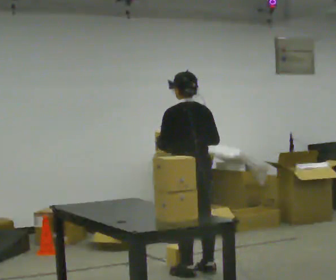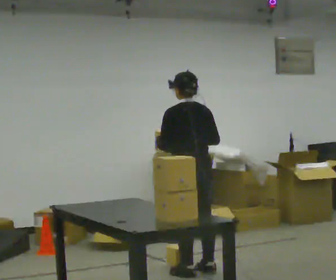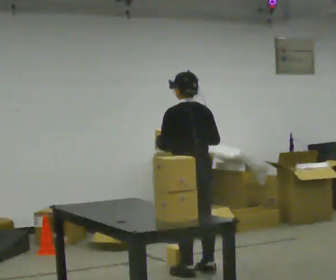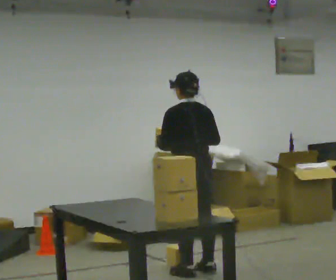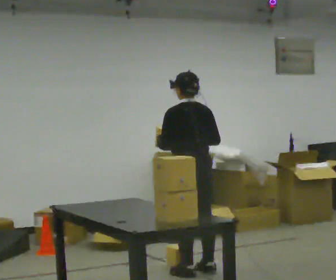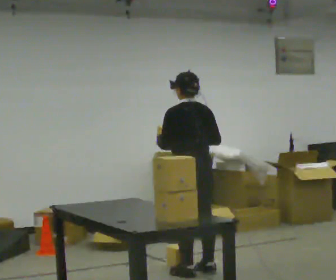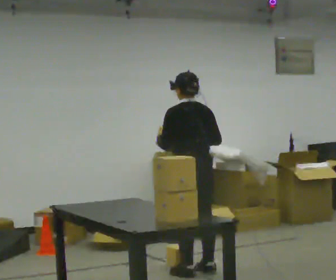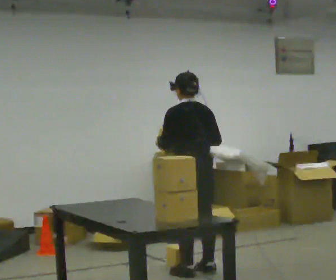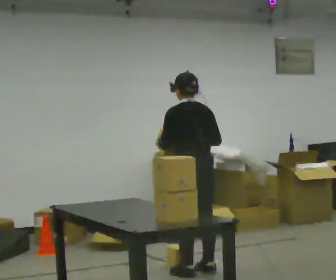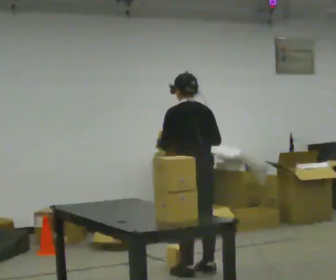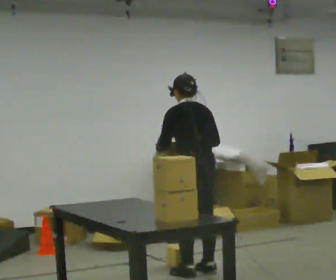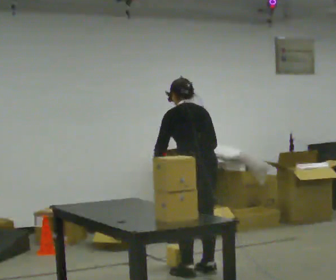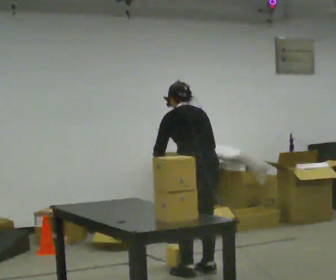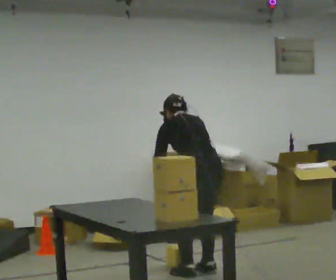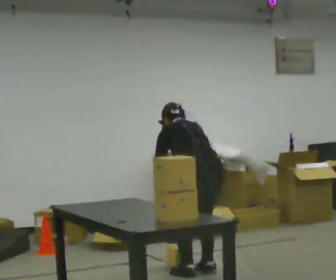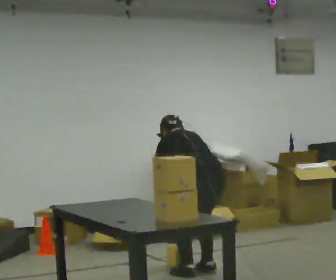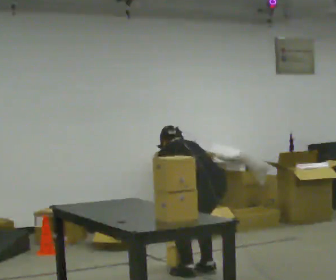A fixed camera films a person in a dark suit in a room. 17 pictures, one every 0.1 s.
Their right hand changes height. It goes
downward.
The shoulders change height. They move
downward.
0.0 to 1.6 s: The upper body goes downward. The upper body tips away from the camera, its near side rolling upward, as they bend forward. In the picture their right hand goes downward.
The film runs backward here.
